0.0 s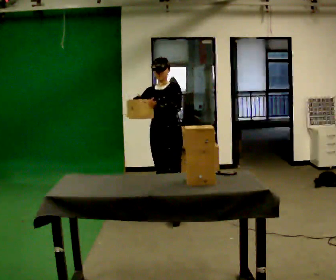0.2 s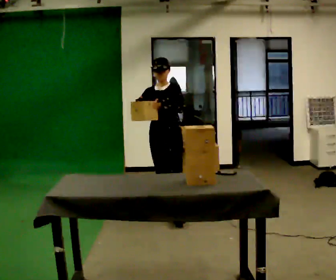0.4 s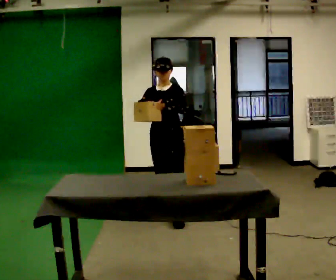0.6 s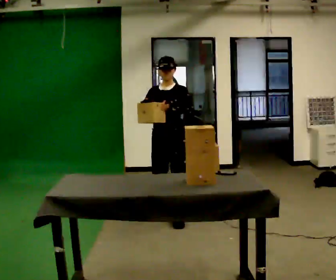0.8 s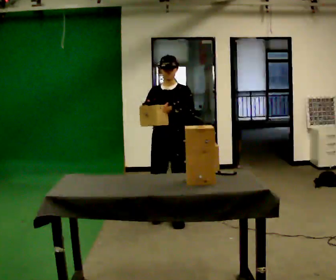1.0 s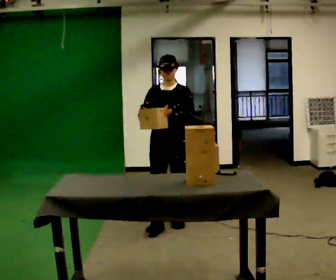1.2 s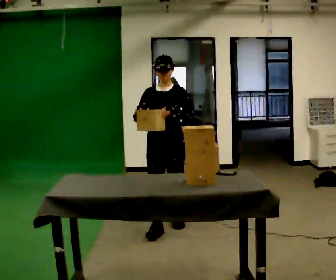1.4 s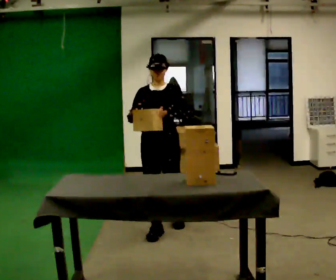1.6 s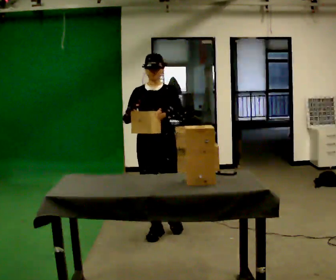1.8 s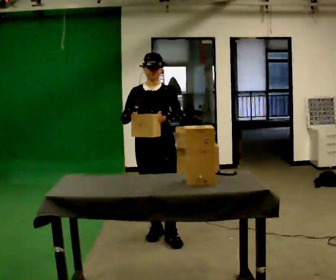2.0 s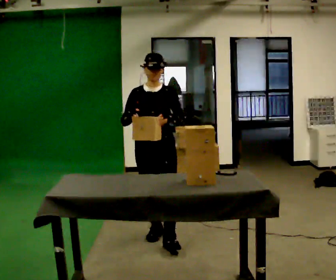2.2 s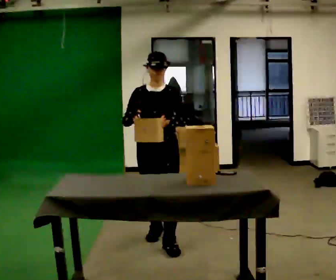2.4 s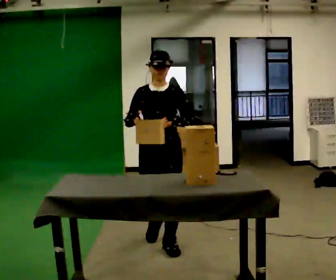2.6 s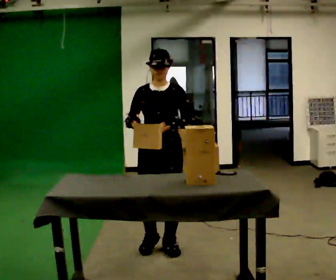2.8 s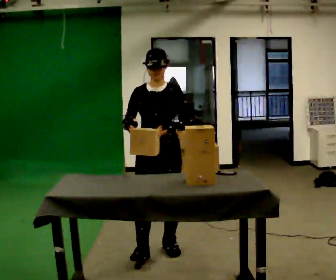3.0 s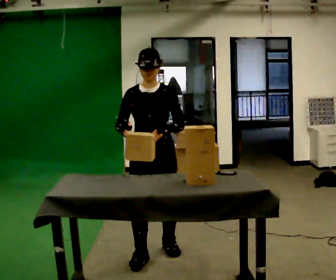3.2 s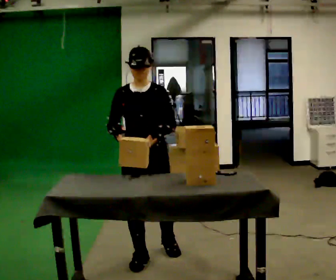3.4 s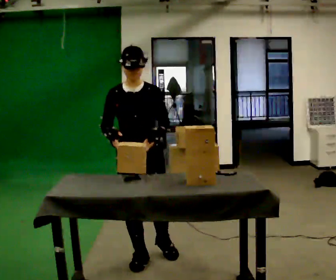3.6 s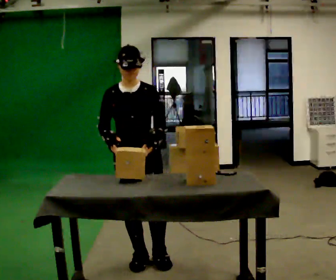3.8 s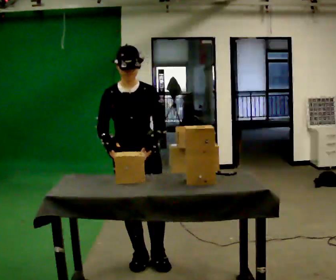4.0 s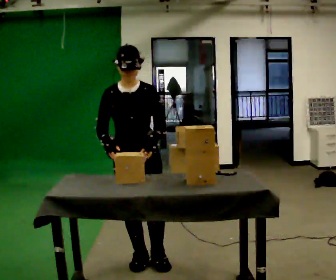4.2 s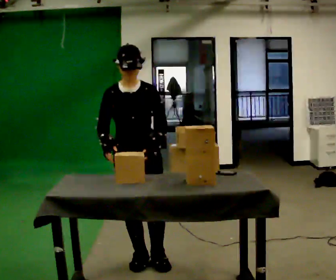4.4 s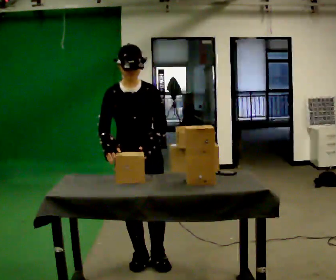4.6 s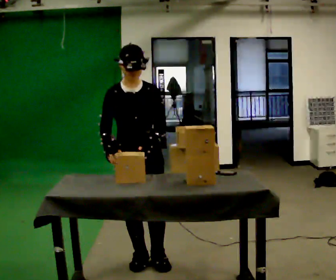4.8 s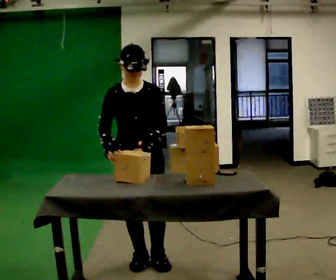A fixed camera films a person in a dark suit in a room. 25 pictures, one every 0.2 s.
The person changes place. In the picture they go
toward the camera.
0.0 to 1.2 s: In the picture they go toward the camera, about 0.5 m in 2 steps, which for them is forward.
1.2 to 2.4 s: In the picture they go toward the camera, about 0.5 m in 1 step, which for them is forward.
2.4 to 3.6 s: In the picture they go toward the camera and to the left, about 0.25 m in 1 step, which for them is forward and to their right.
3.6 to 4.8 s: The person moves a little, or ends about where they began.
The film runs forward here.
